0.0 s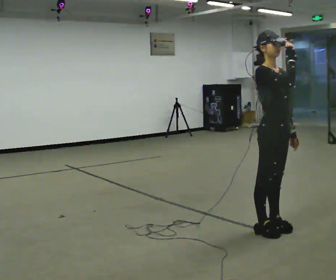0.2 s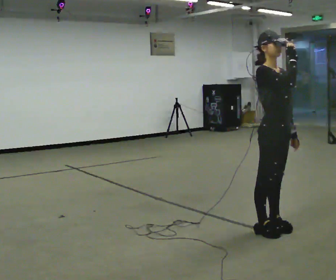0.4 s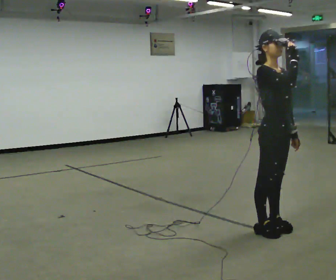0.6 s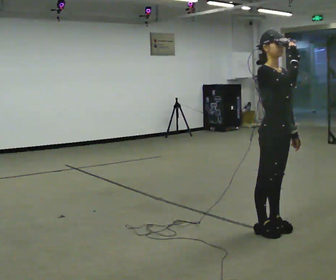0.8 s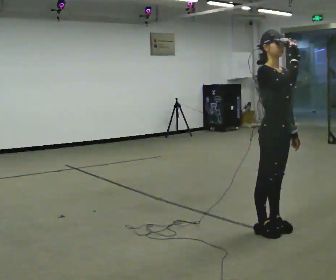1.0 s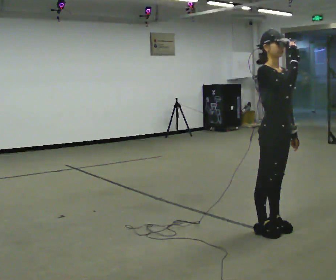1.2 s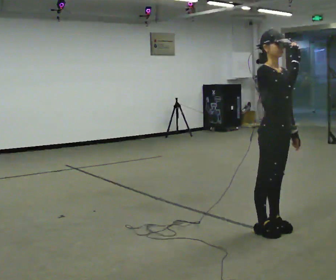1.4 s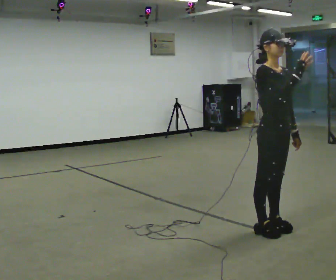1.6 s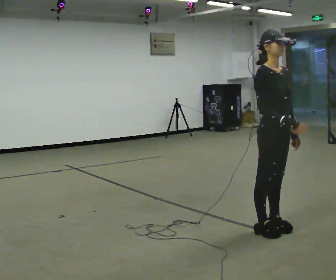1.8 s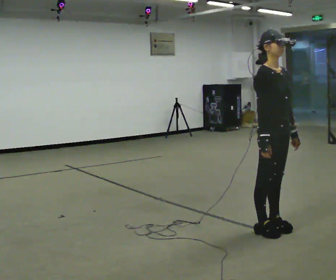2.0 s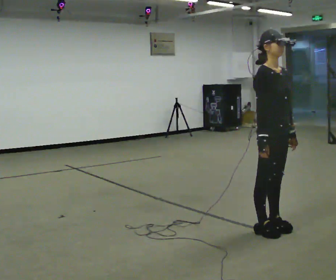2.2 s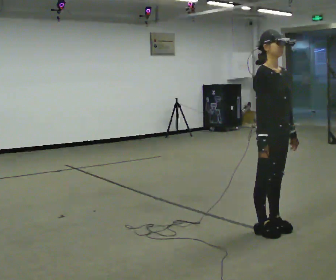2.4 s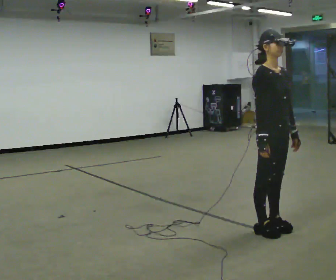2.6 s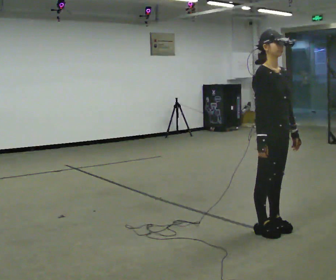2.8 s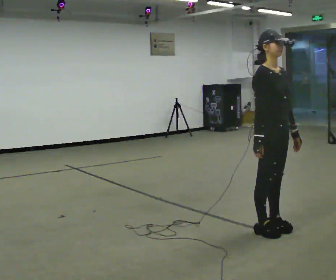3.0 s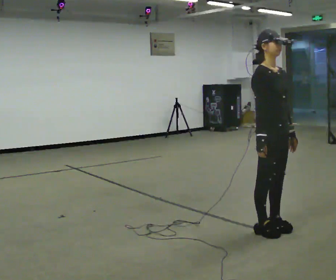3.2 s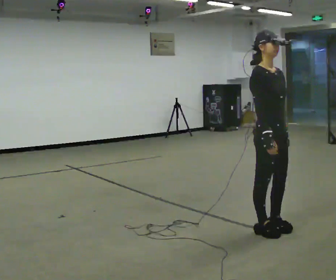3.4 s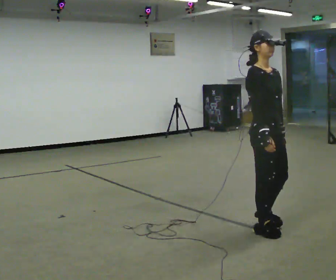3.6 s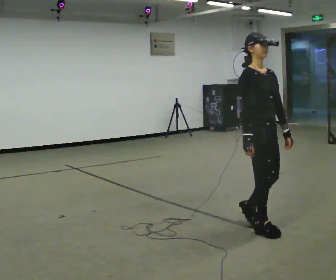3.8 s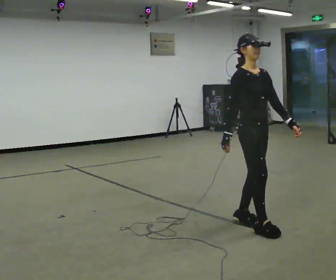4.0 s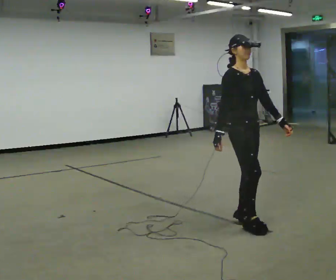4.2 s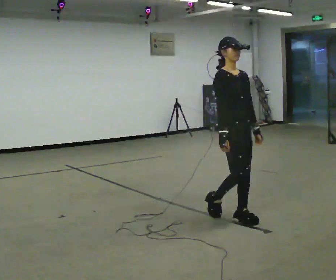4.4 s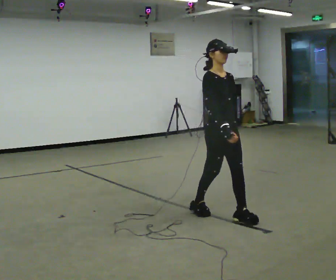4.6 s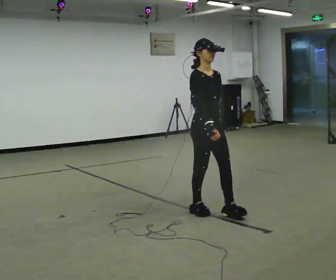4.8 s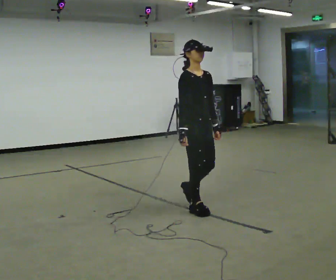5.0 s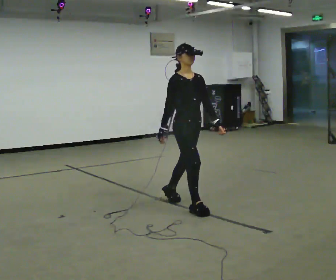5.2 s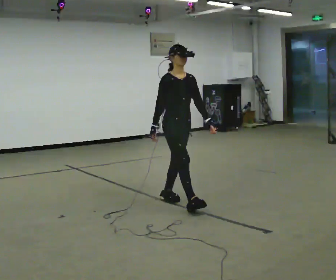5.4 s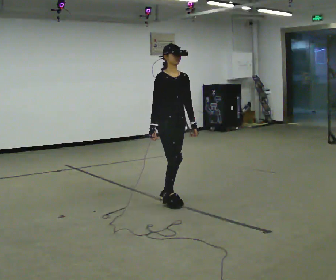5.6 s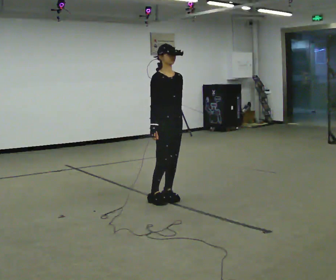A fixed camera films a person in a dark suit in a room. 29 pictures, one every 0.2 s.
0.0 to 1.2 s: The person moves a little, or ends about where they began.
1.2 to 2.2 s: In the picture their right hand goes downward.
2.2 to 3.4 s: The person moves a little, or ends about where they began.
3.4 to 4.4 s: In the picture they go away from the camera and to the left, about 0.5 m in 1 step, which for them is backward.
4.4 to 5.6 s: In the picture they go to the left and away from the camera, about 1 m in 2 steps, which for them is backward.
The film runs backward here.
